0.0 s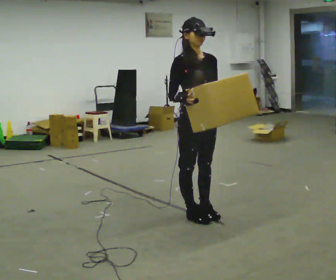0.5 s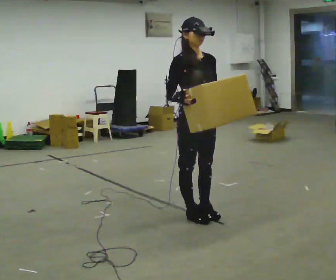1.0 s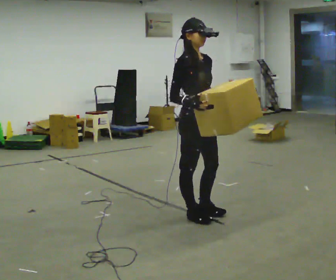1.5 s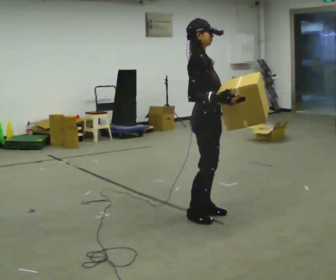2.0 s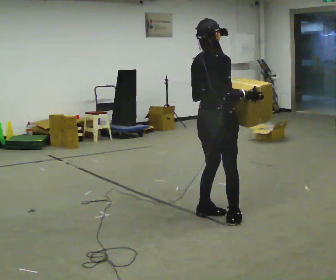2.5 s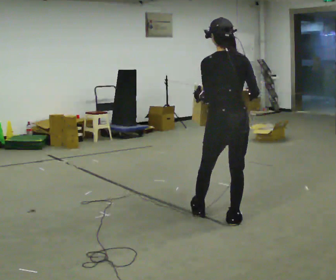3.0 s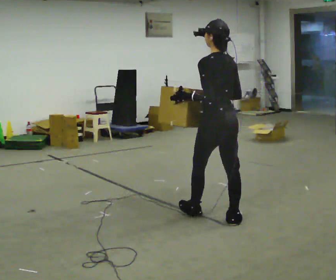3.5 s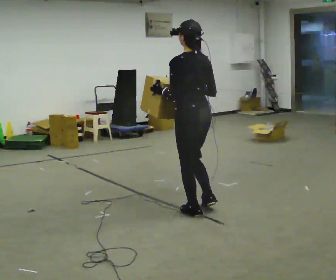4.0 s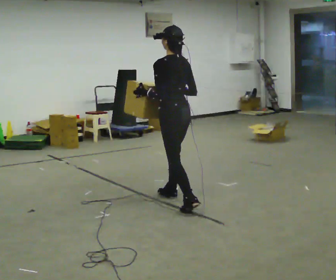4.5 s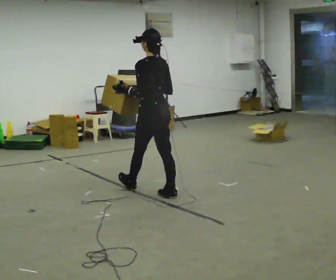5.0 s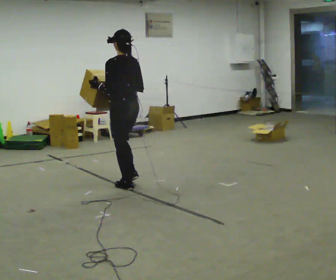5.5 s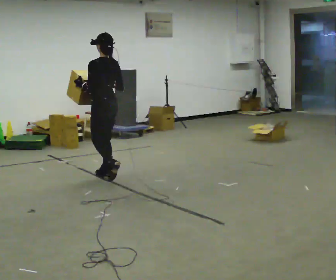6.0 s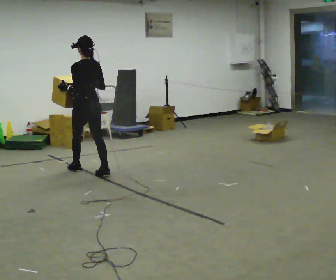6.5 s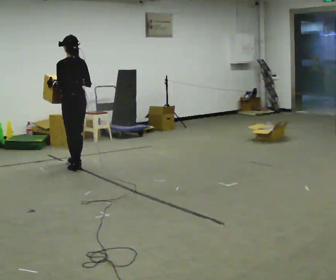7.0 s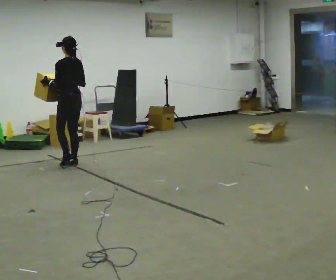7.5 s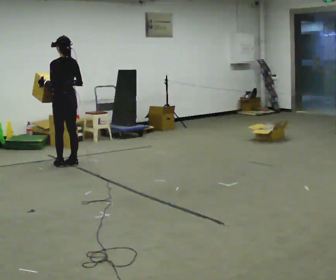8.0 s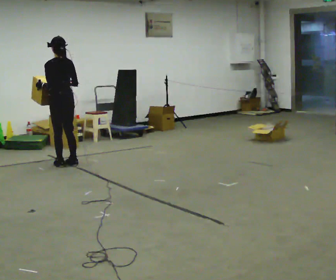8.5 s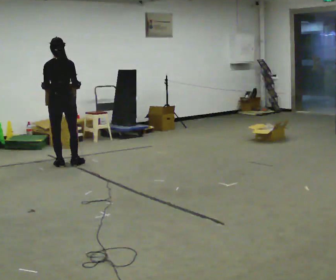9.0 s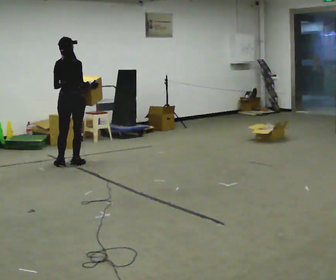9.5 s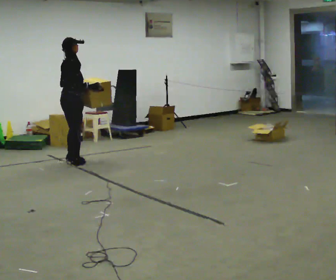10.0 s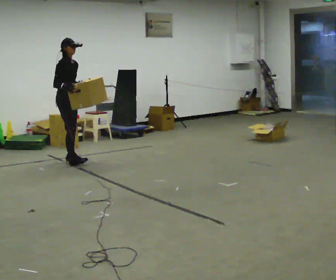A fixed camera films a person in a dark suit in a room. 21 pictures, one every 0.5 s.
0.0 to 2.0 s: Seen from above the body turns counterclockwise, about 105 degrees: to their left, with its near side sliding to the right. In the picture their right hand goes to the right.
2.0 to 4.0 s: The person turns about 90 degrees to their left, counterclockwise seen from above, so the part of the body nearest the lens slides to the right. In the picture they go away from the camera and to the left, about 0.5 m in 1 step.
4.0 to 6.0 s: In the picture they go away from the camera and to the left, about 1.5 m in 3 steps, which for them is forward.
6.0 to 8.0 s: In the picture they go away from the camera and to the left, about 0.5 m in 2 steps, which for them is forward.
8.0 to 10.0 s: The part of the body nearest the lens slides to the left as the person turns to their right by about 150 degrees. In the picture they go away from the camera, about 0.25 m in 1 step.
The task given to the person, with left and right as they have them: Carry the box across the room as briskly as you comfortably can, back and forth. Do not run.
The film runs forward here.
